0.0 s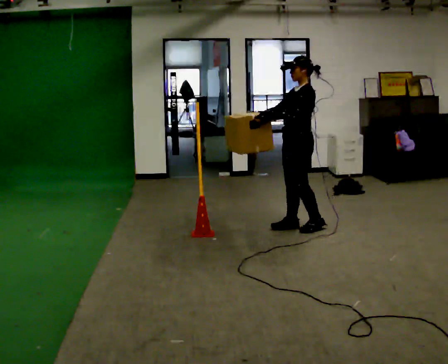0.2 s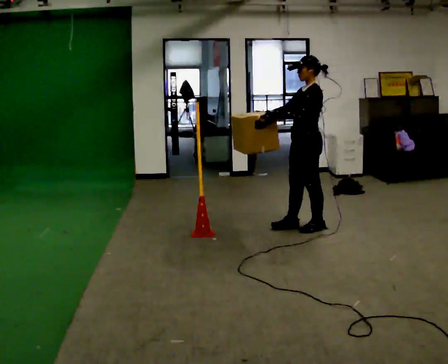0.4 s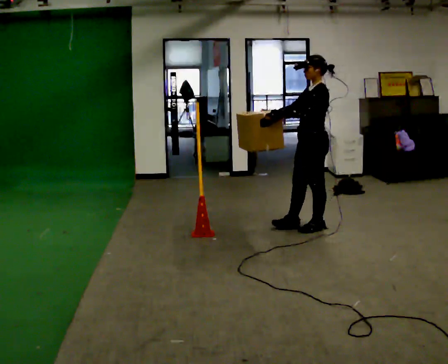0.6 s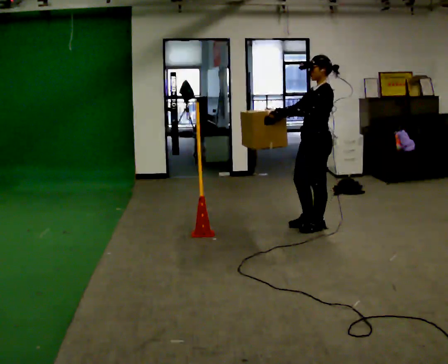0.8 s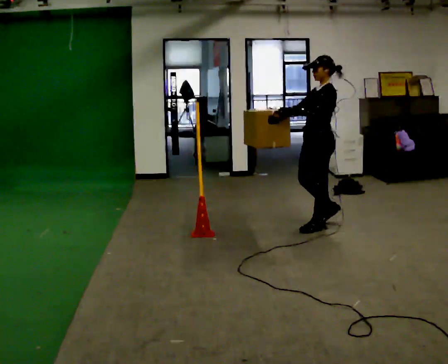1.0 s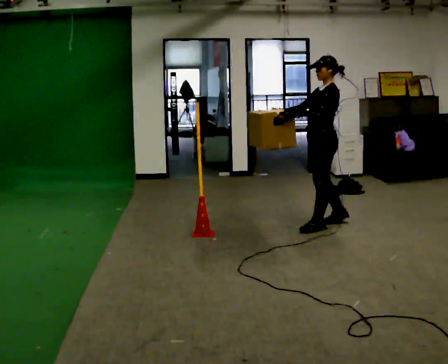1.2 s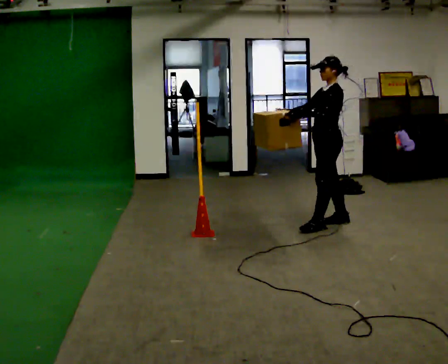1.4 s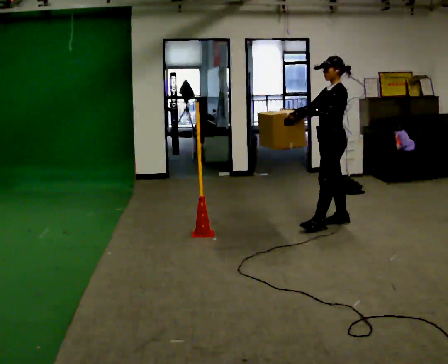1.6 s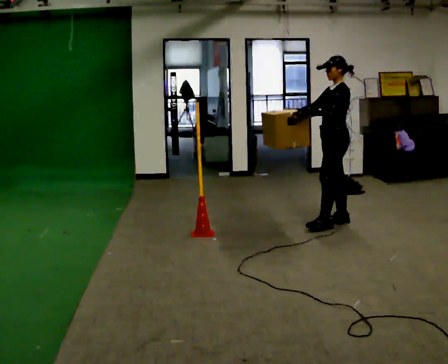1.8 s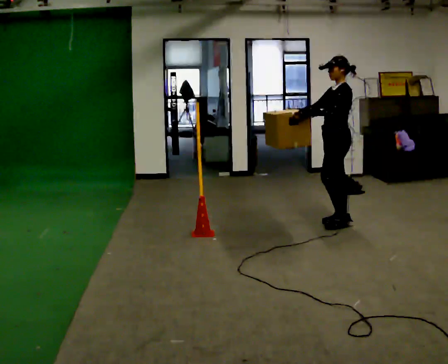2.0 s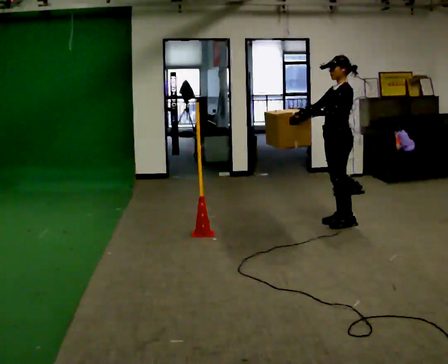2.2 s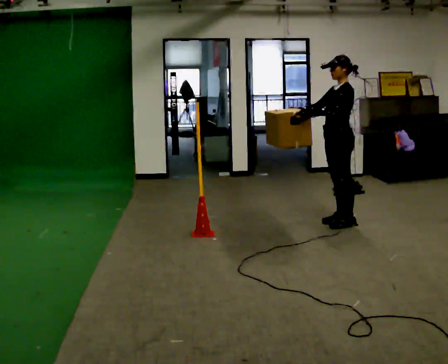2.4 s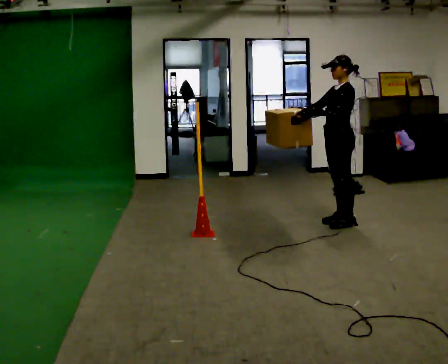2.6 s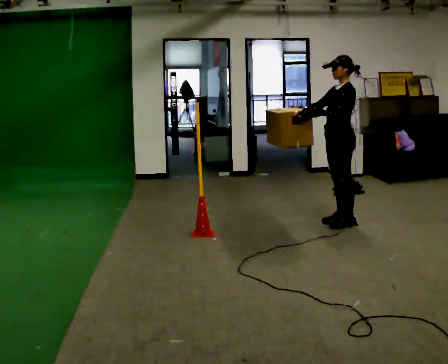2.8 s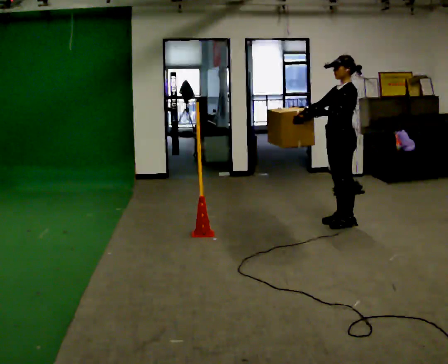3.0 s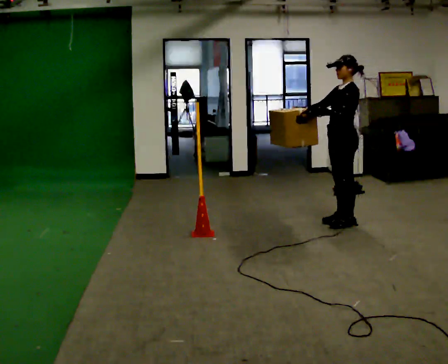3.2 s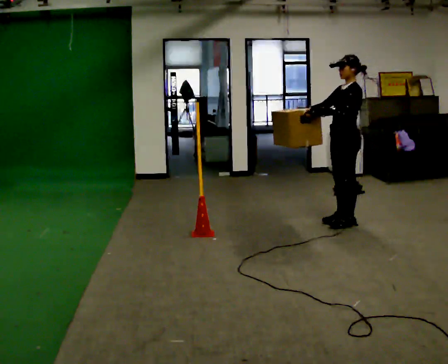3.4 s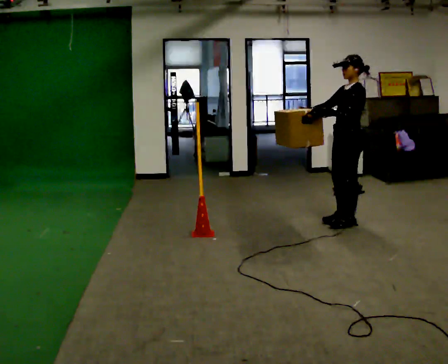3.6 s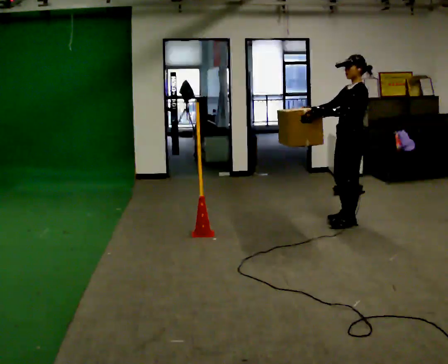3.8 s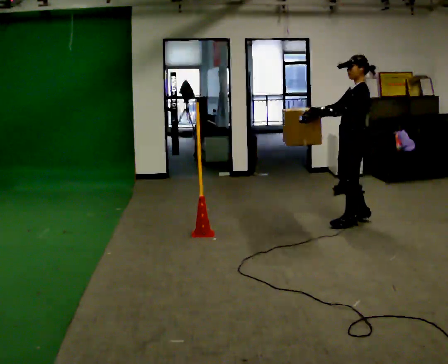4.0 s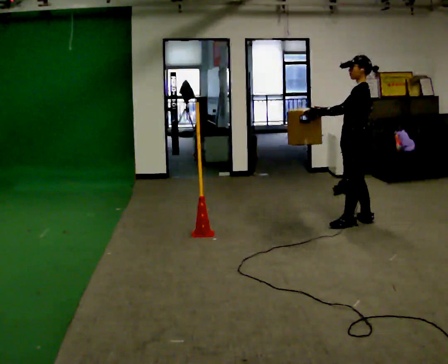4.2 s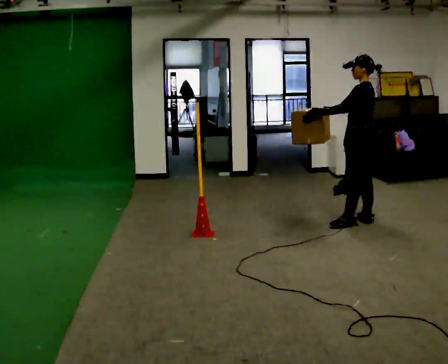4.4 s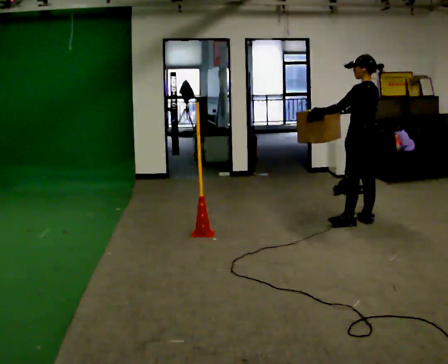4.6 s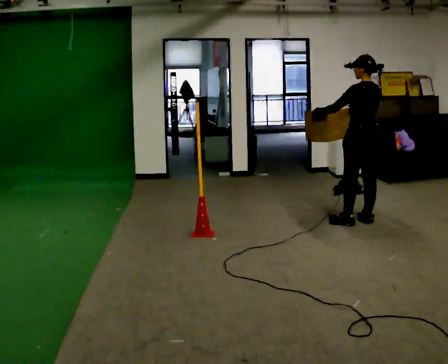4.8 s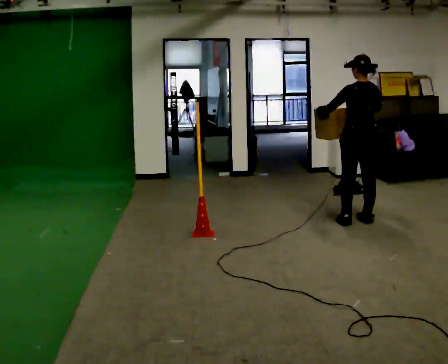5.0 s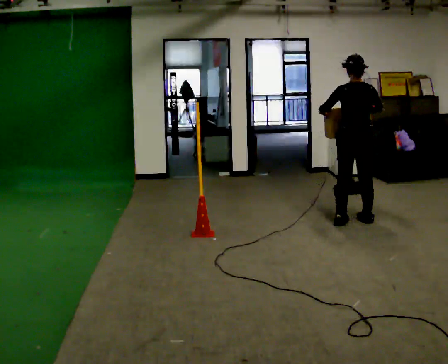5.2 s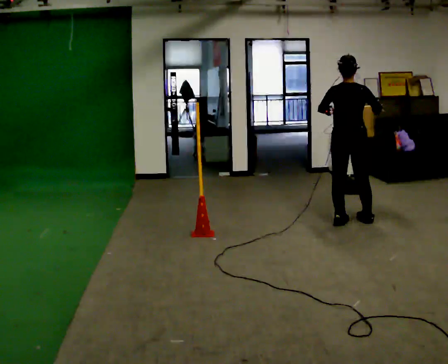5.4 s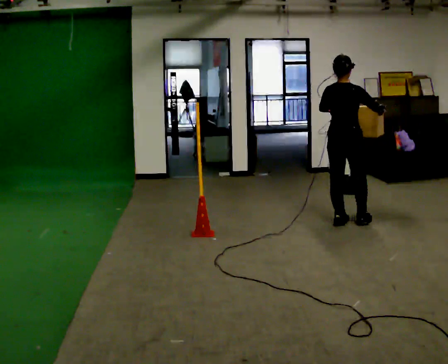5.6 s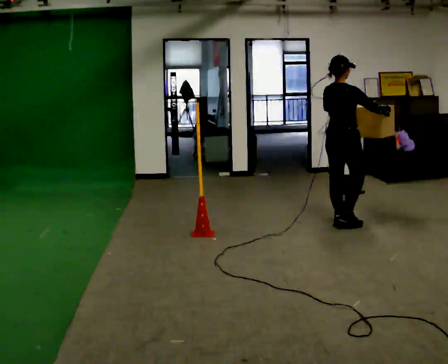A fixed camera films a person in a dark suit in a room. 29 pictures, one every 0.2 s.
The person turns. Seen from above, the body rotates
clockwise.
The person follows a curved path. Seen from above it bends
clockwise.
0.0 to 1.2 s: In the picture they go to the right, about 0.25 m in 1 step, which for them is backward.
1.2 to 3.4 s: In the picture they go to the right, about 0.25 m in 1 step, which for them is backward.
3.4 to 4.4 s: The part of the body nearest the lens slides to the left as the person turns to their right by about 45 degrees. In the picture they go to the right, about 0.25 m in 1 step, which for them is backward. In the picture their right hand goes to the right.
4.4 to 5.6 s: Seen from above the body turns clockwise, about 90 degrees: to their right, with its near side sliding to the left. In the picture they go to the left, about 0.25 m in 1 step.
The film runs backward here.
